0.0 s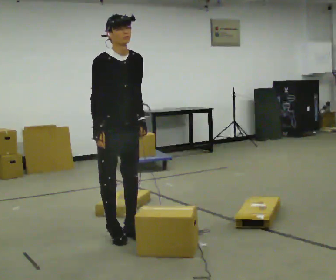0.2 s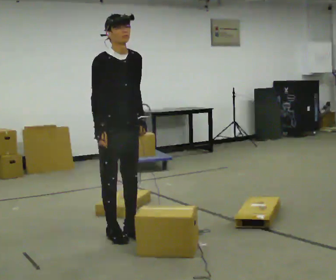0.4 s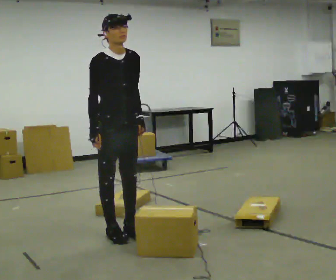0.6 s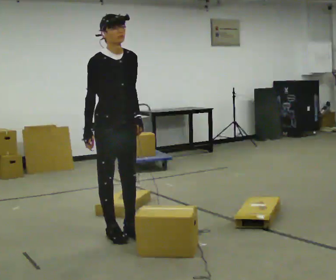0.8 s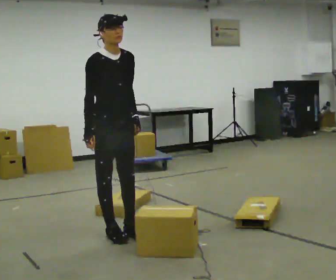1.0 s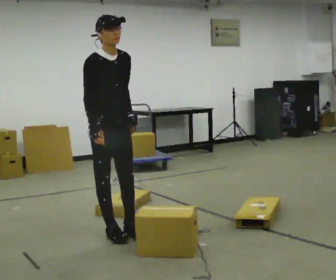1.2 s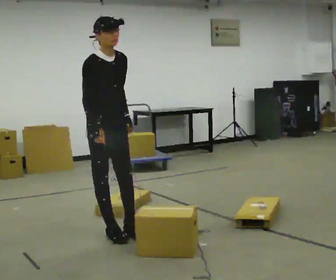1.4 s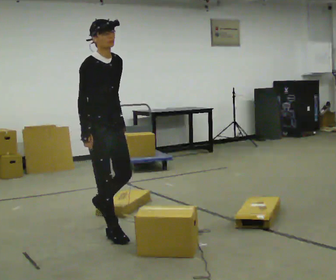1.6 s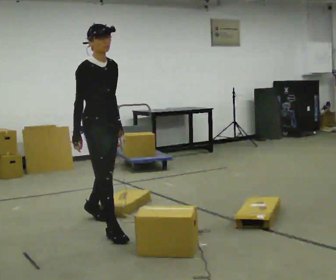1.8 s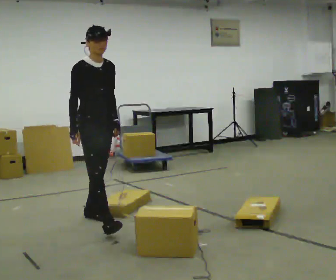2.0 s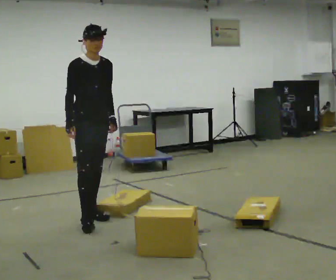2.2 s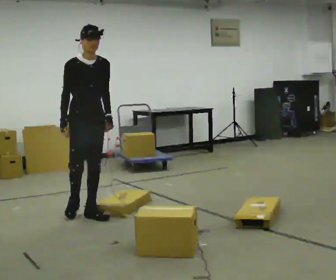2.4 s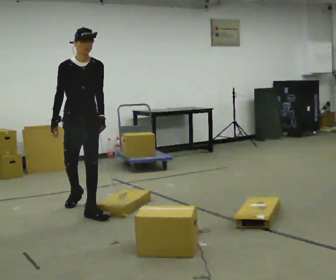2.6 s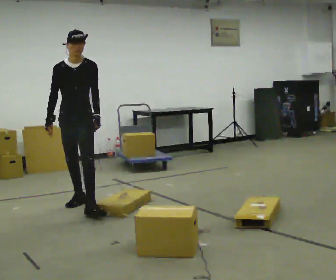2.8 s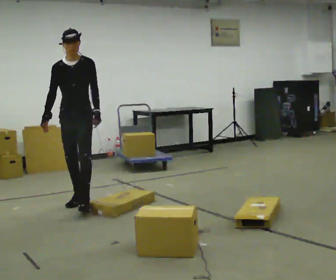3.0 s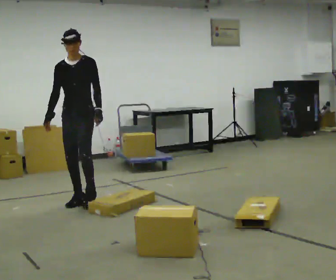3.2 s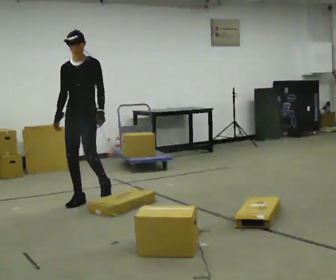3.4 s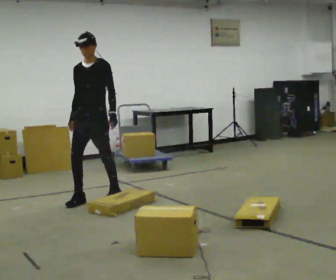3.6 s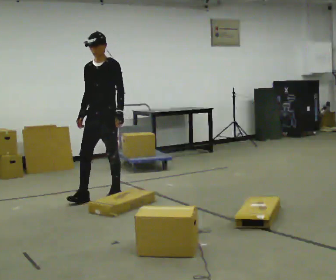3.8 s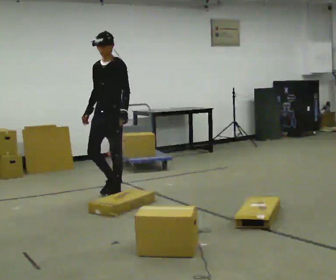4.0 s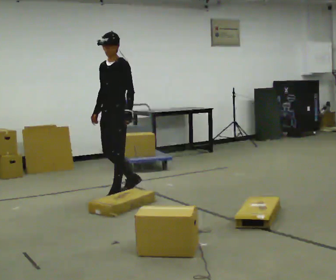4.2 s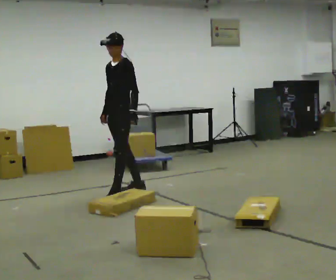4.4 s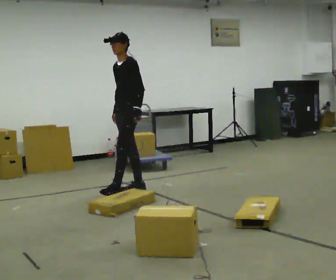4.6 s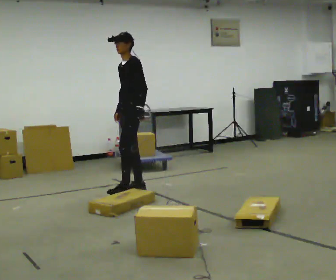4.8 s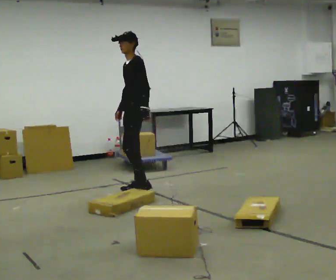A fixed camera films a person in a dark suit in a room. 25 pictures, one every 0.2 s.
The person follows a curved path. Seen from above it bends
clockwise.
The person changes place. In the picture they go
away from the camera.
0.0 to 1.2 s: The person moves a little, or ends about where they began.
1.2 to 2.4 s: The person turns about 30 degrees to their right, clockwise seen from above, so the part of the body nearest the lens slides to the left. In the picture they go away from the camera, about 1 m in 1 step, which for them is backward and to their left.
2.4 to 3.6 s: The person turns about 45 degrees to their right, clockwise seen from above, so the part of the body nearest the lens slides to the left. In the picture they go away from the camera and to the right, about 0.5 m in 2 steps, which for them is backward.
3.6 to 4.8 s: The person turns about 45 degrees to their right, clockwise seen from above, so the part of the body nearest the lens slides to the left. In the picture they go to the right and away from the camera, about 0.5 m in 1 step, which for them is backward.
The film runs backward here.
